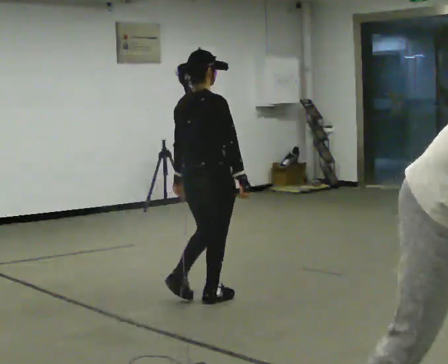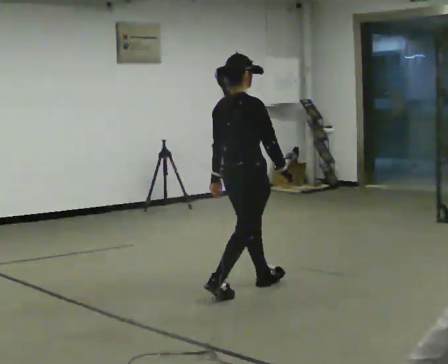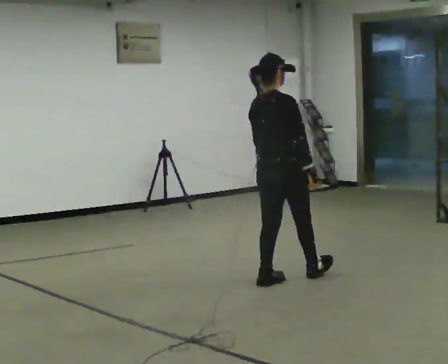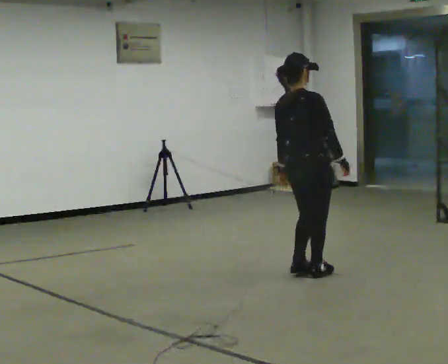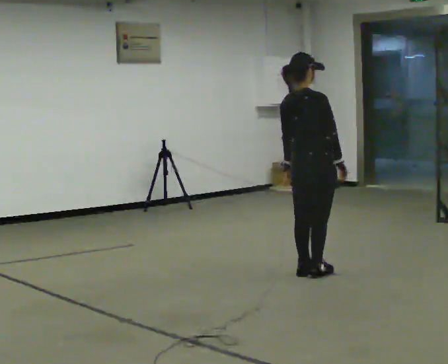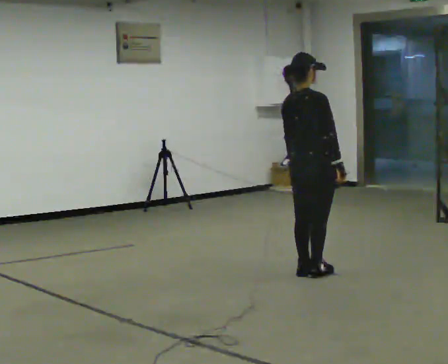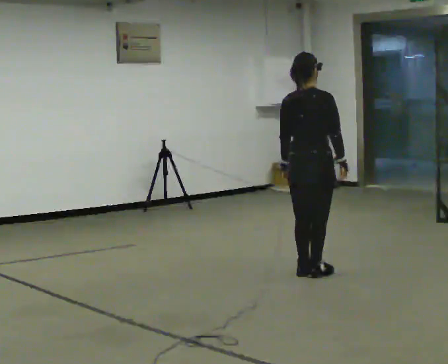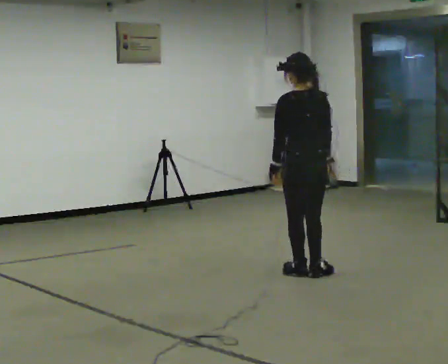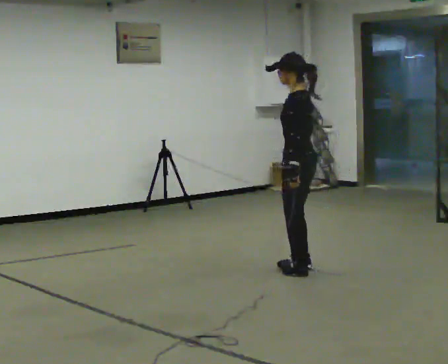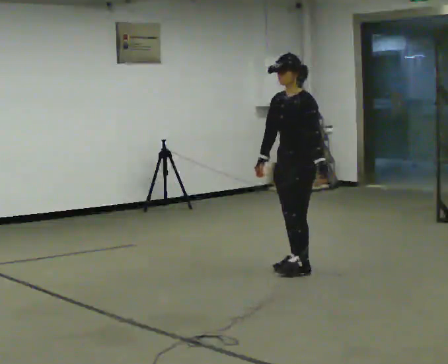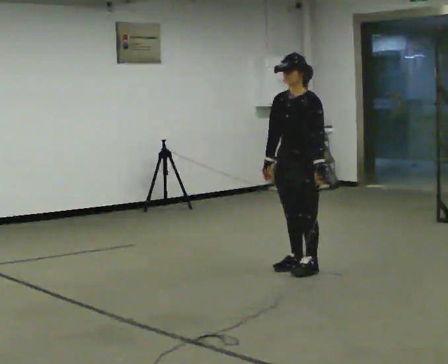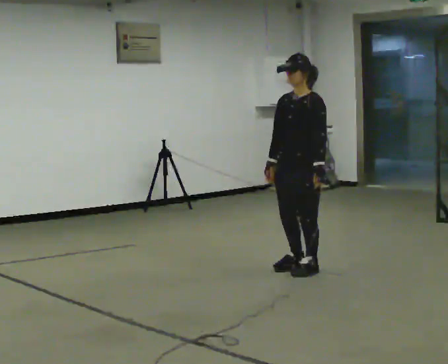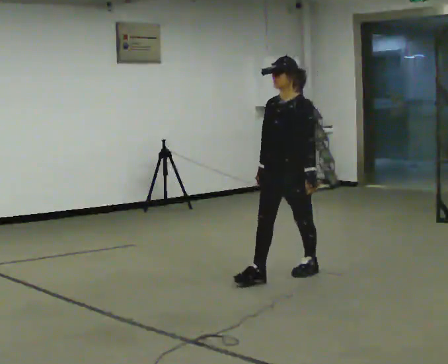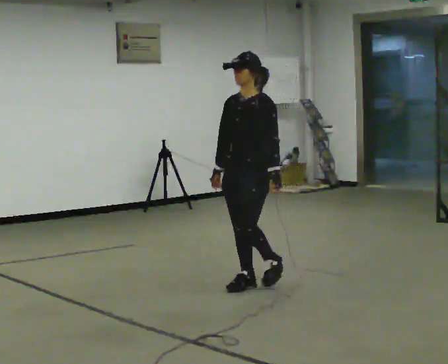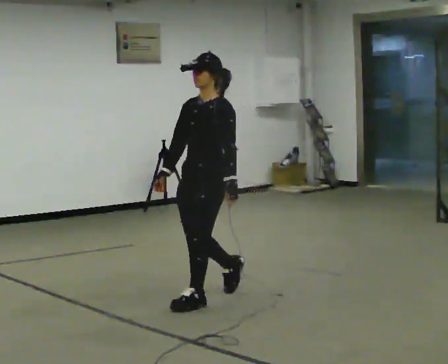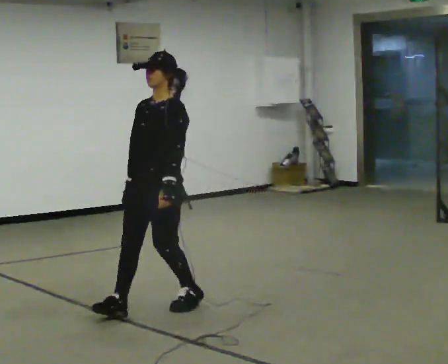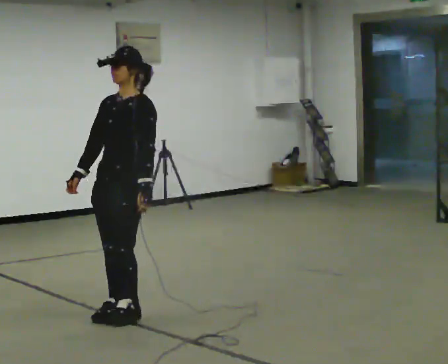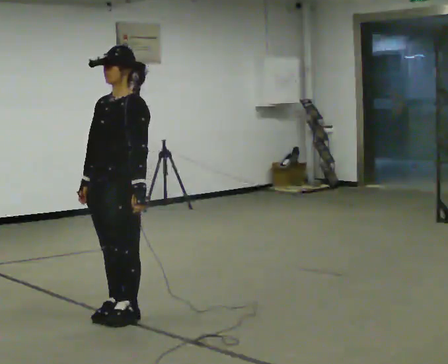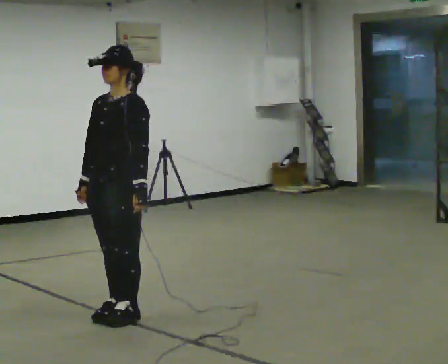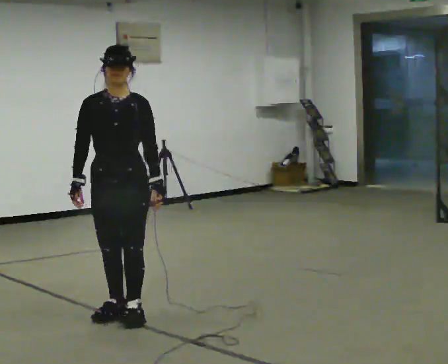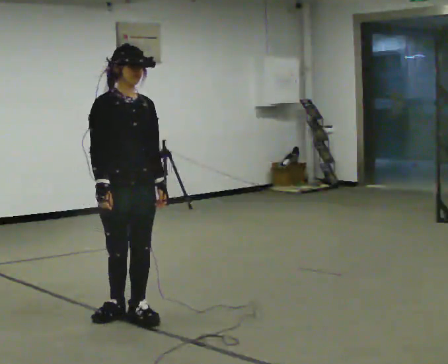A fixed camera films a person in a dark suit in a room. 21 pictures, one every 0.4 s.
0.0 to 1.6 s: In the picture they go away from the camera and to the right, about 1 m in 3 steps, which for them is forward.
1.6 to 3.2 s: The part of the body nearest the lens slides to the right as the person turns to their left by about 120 degrees.
3.2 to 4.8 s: The part of the body nearest the lens slides to the right as the person turns to their left by about 60 degrees.
4.8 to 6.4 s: In the picture they go toward the camera and to the left, about 1.5 m in 3 steps, which for them is forward.
6.4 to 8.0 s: The part of the body nearest the lens slides to the right as the person turns to their left by about 75 degrees.
The film runs forward here.
